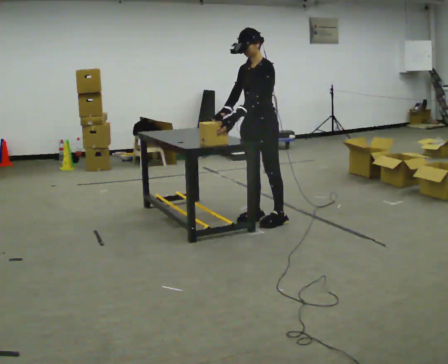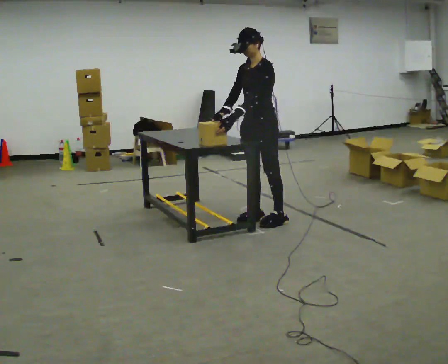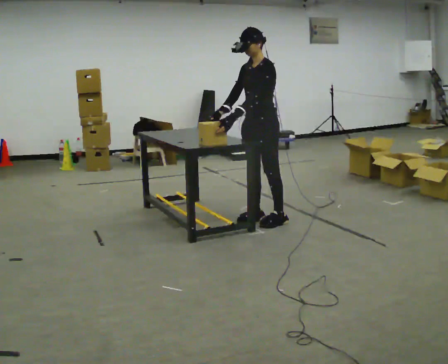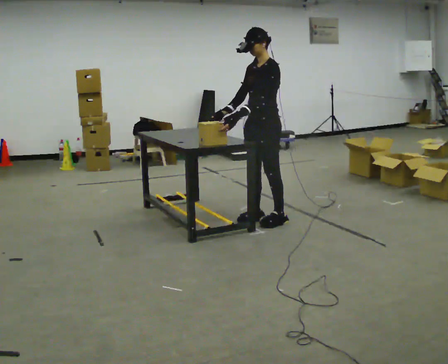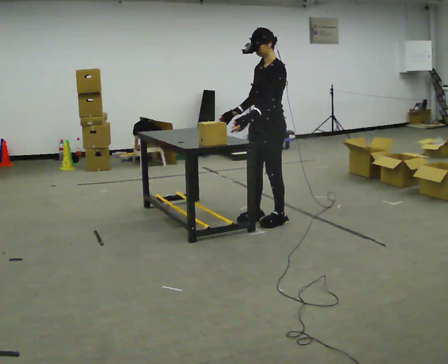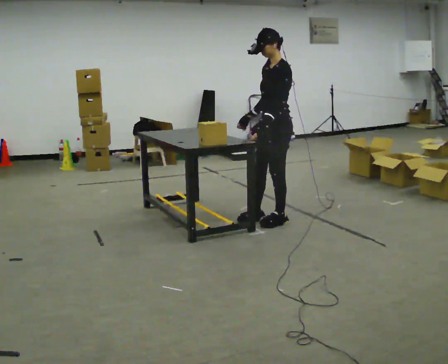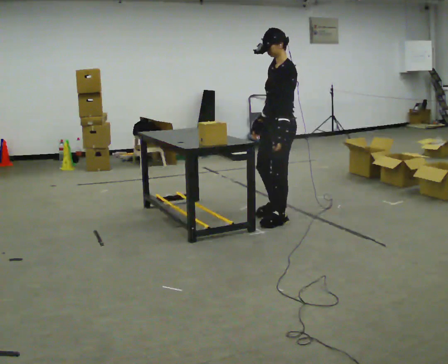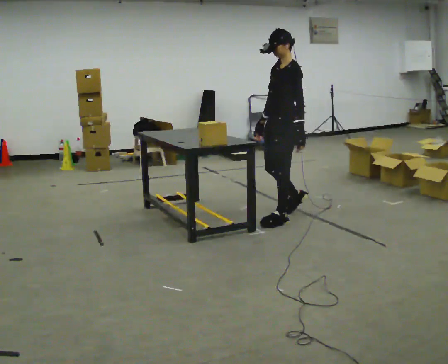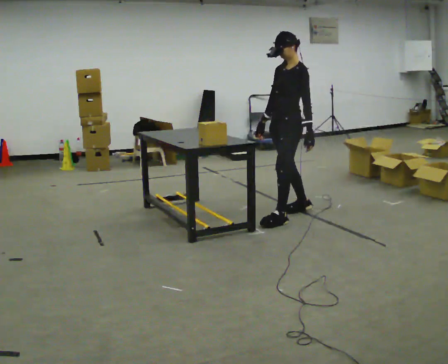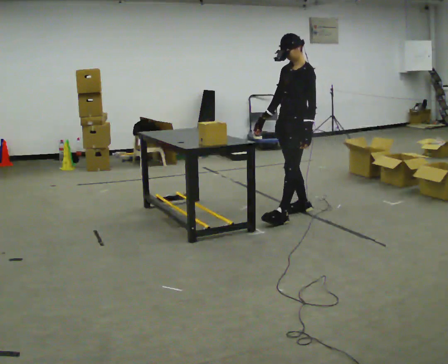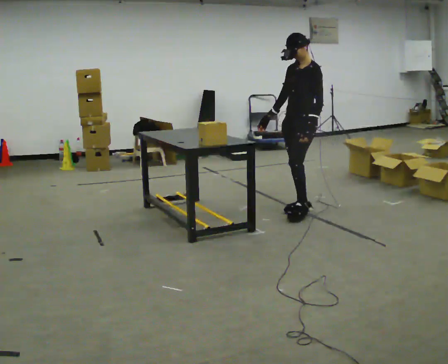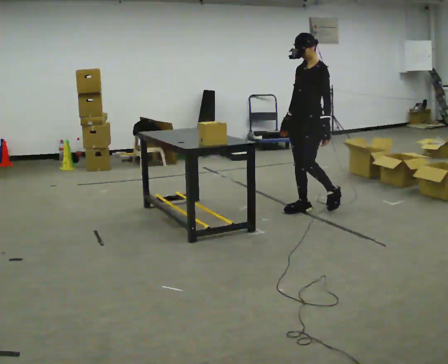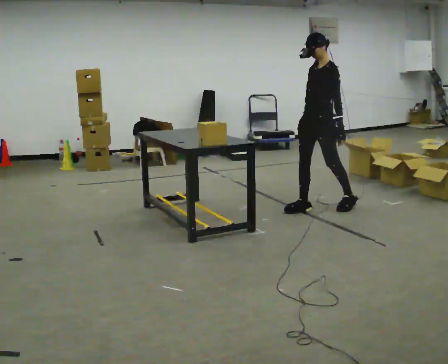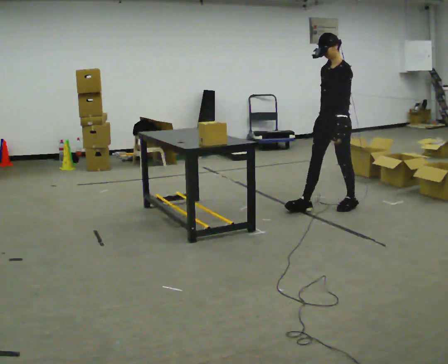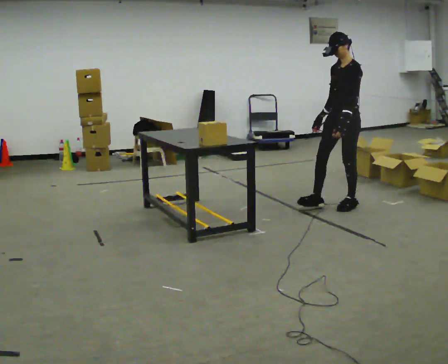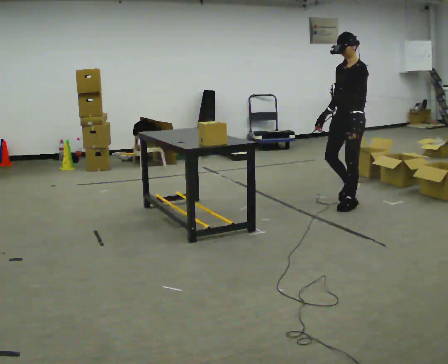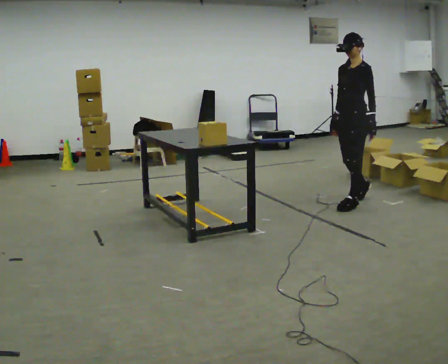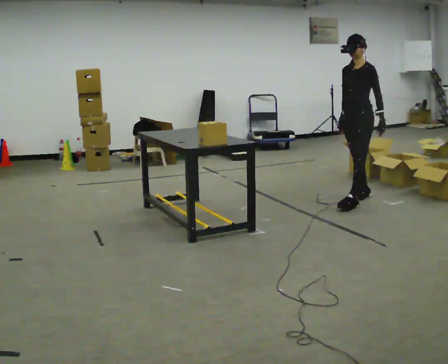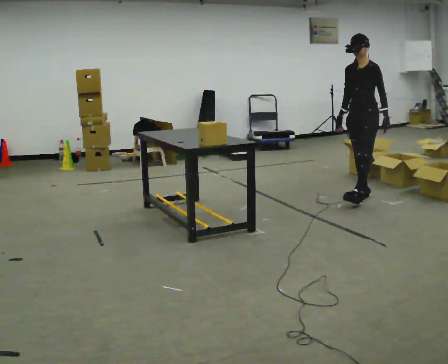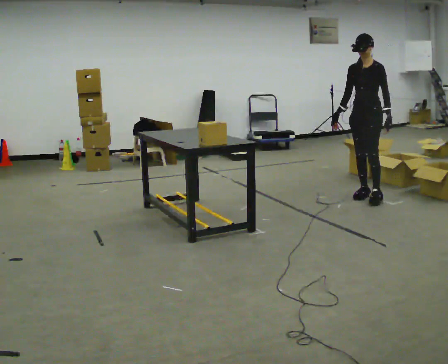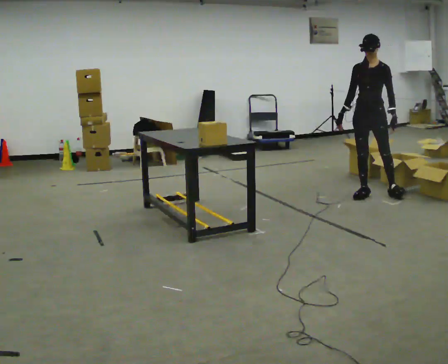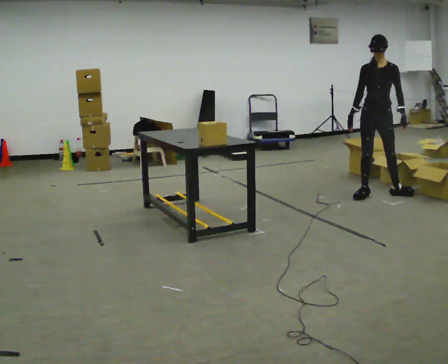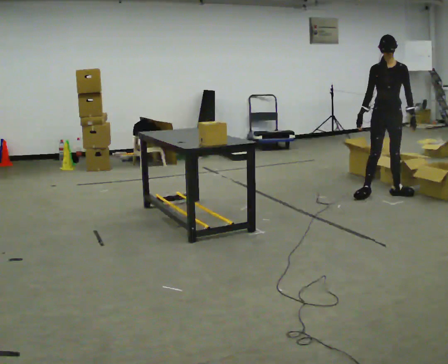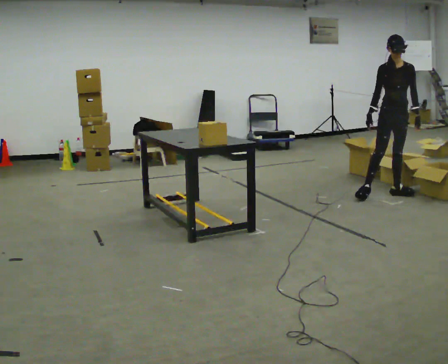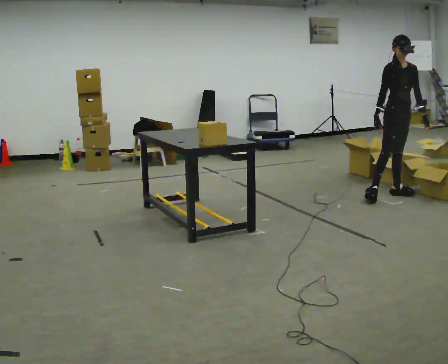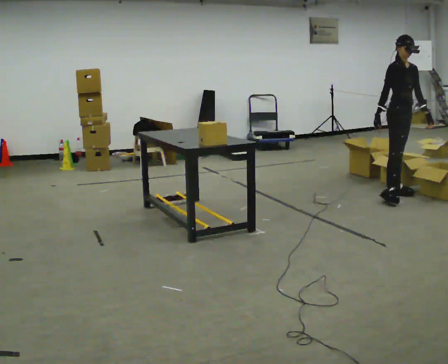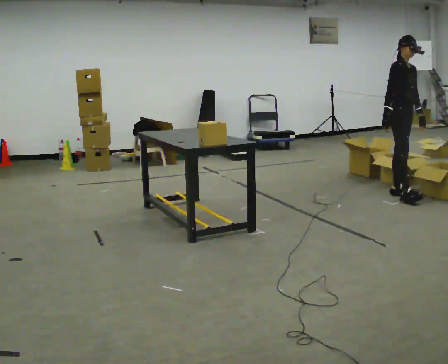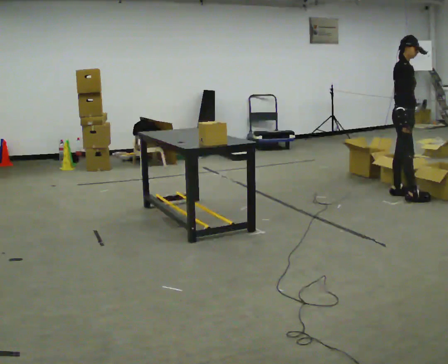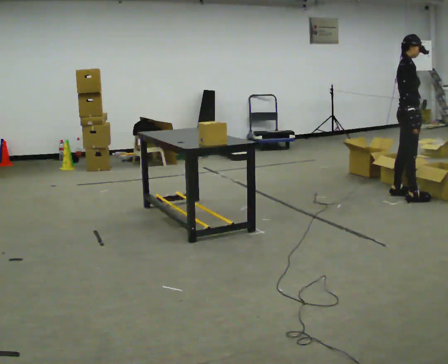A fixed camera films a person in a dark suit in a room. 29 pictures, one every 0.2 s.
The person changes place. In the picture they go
to the right.
0.0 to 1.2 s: In the picture they go to the right, about 0.25 m in 1 step, which for them is backward.
1.2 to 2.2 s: In the picture they go away from the camera and to the right, about 0.5 m in 1 step, which for them is backward and to their right.
2.2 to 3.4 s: In the picture they go to the right and away from the camera, about 0.5 m in 1 step, which for them is backward.
3.4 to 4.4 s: Seen from above the body turns counterclockwise, about 45 degrees: to their left, with its near side sliding to the right. In the picture they go to the right and away from the camera, about 0.5 m in 1 step, which for them is backward.
4.4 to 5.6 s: The part of the body nearest the lens slides to the right as the person turns to their left by about 75 degrees. In the picture they go to the right, about 0.25 m in 1 step.
The film runs backward here.
